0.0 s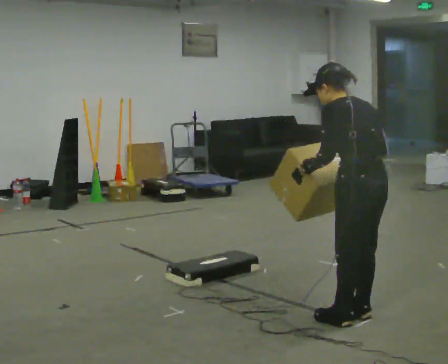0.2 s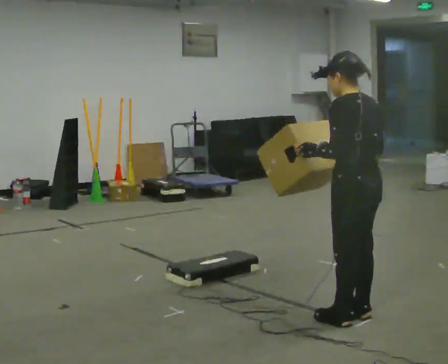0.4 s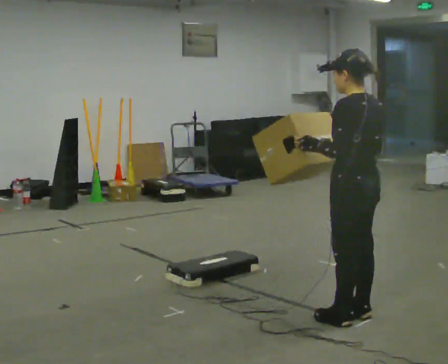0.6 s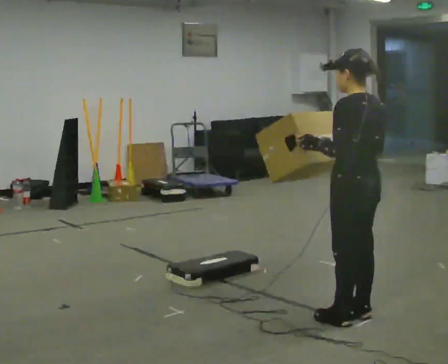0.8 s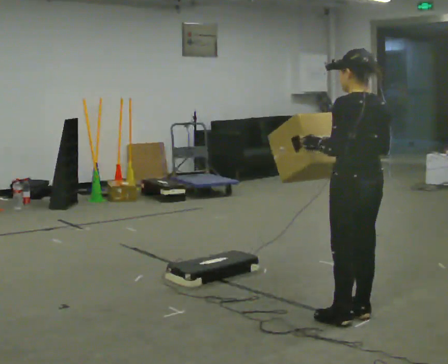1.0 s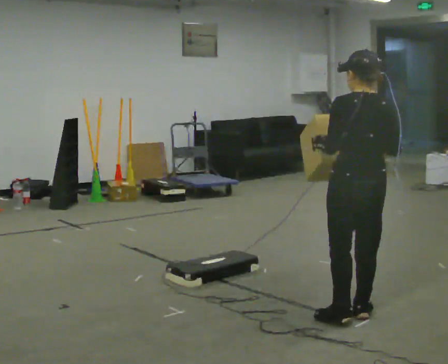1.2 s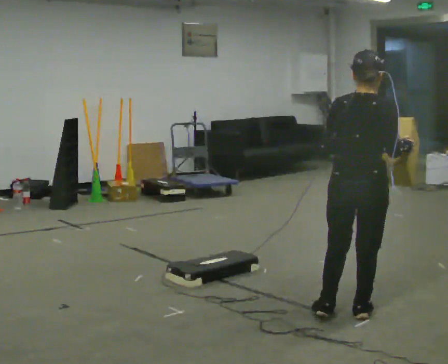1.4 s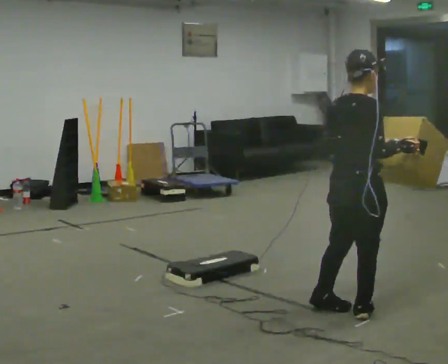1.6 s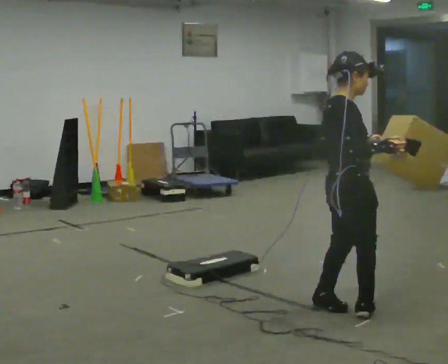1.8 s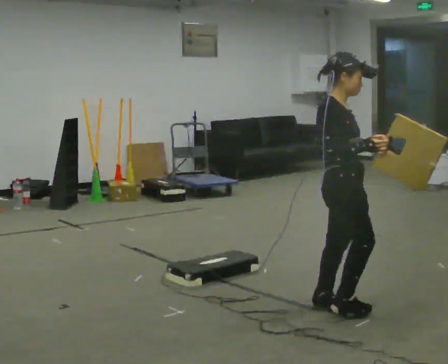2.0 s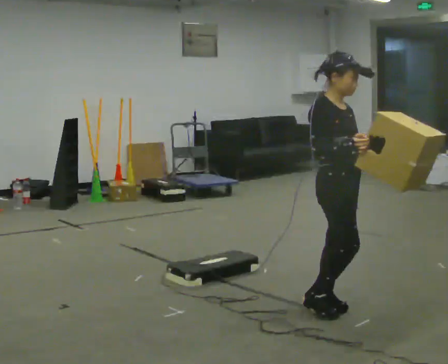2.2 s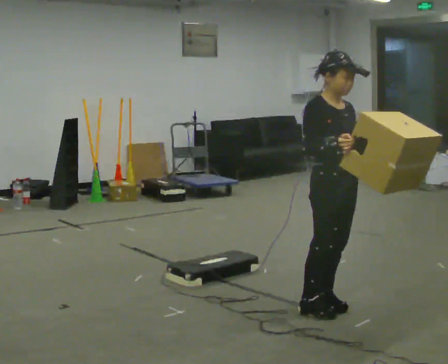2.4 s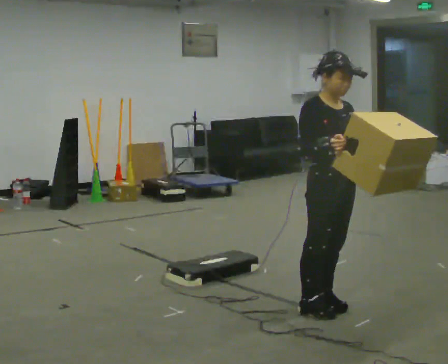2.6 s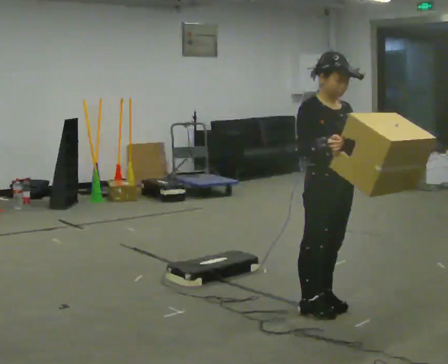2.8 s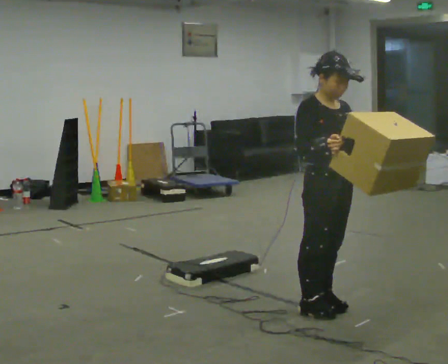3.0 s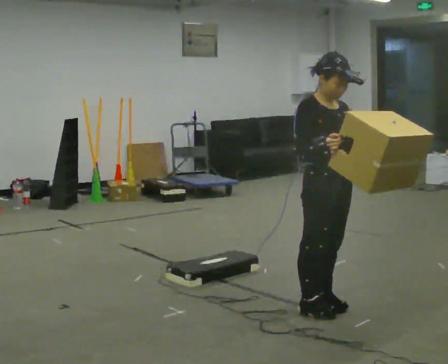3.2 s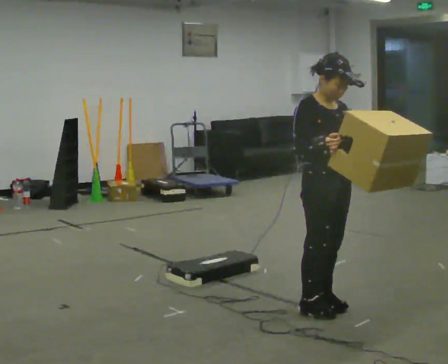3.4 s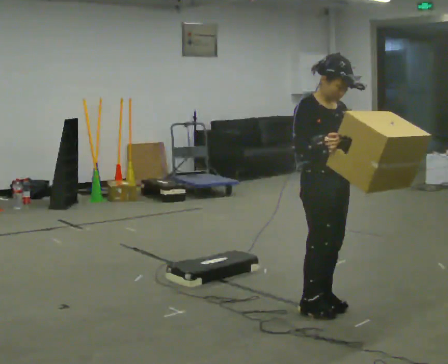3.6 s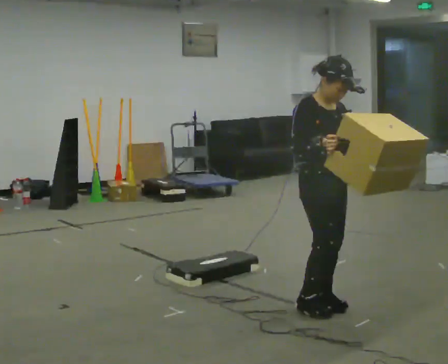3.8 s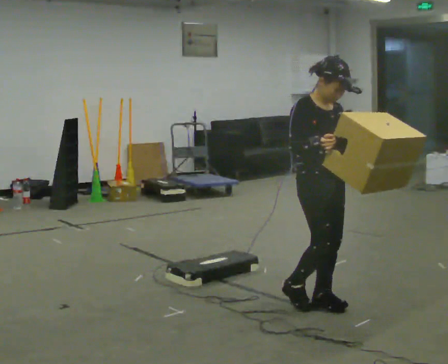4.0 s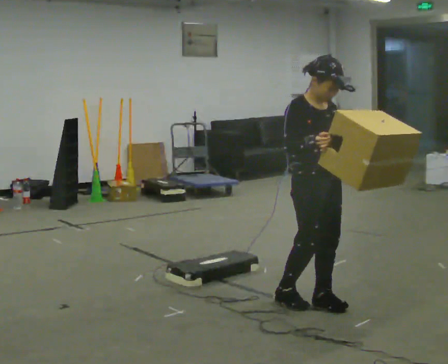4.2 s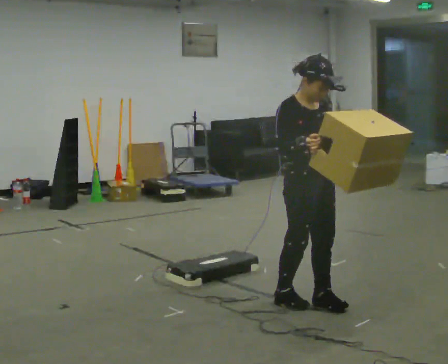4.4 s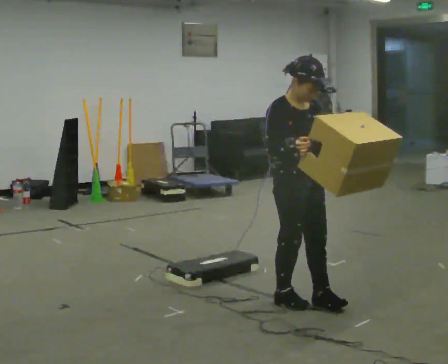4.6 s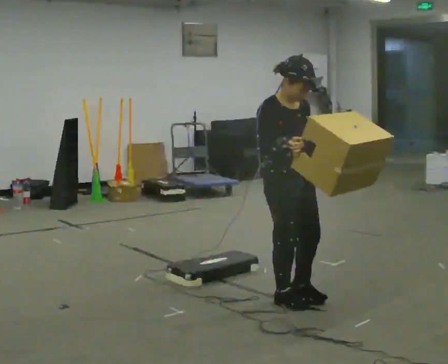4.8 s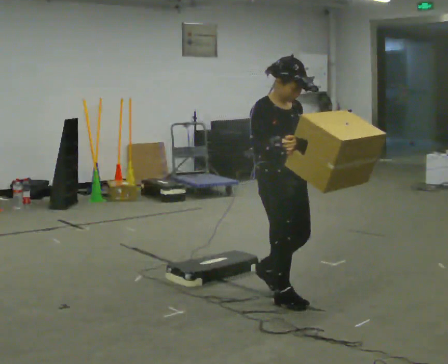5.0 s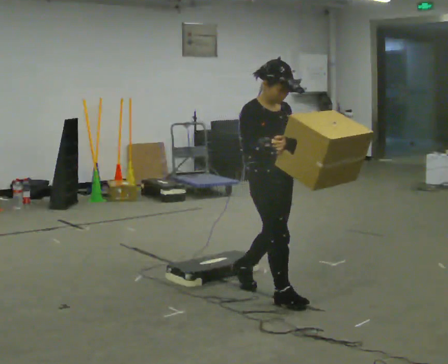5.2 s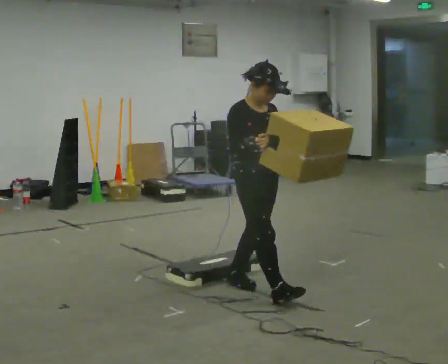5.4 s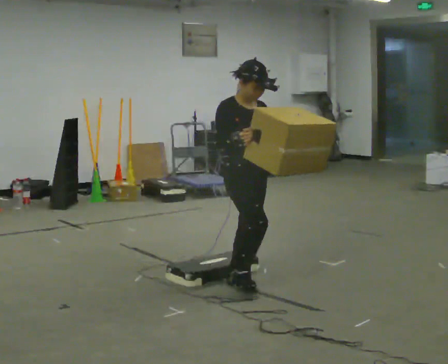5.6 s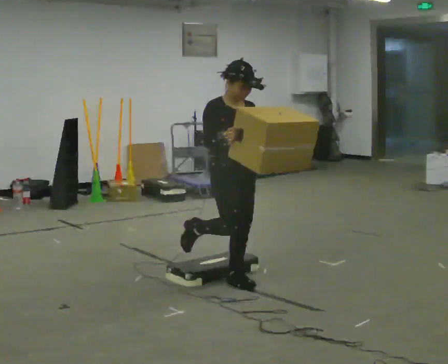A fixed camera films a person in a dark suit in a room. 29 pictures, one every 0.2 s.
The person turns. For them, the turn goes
to their right.
The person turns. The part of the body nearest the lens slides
to the left.
0.0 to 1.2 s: Seen from above the body turns clockwise, about 60 degrees: to their right, with its near side sliding to the left. In the picture the upper body tilts clockwise, shoulders to the right, as they lean back or straighten.
1.2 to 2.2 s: The part of the body nearest the lens slides to the left as the person turns to their right by about 120 degrees. In the picture their right hand goes to the left.
2.2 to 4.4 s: In the picture they go to the left, about 0.25 m in 1 step, which for them is backward.
4.4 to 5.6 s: In the picture they go to the left and away from the camera, about 0.5 m in 2 steps, which for them is backward.
The film runs backward here.
